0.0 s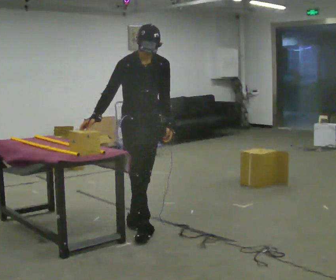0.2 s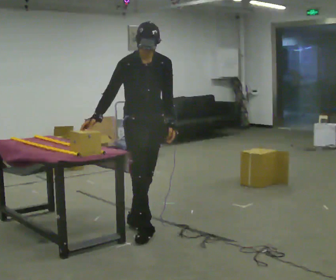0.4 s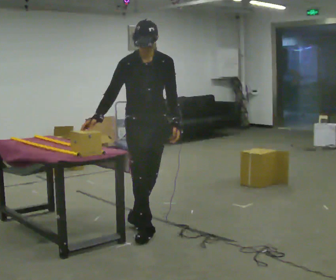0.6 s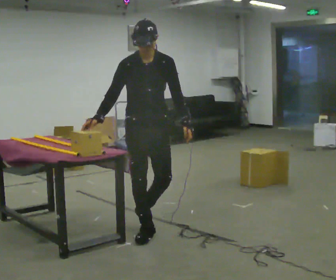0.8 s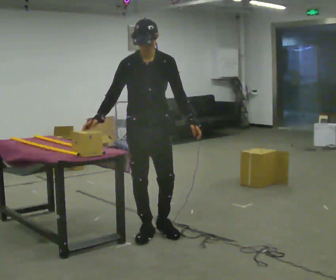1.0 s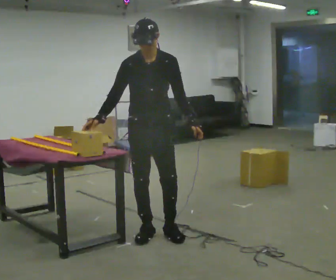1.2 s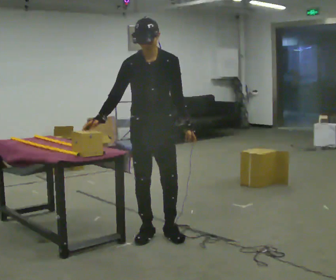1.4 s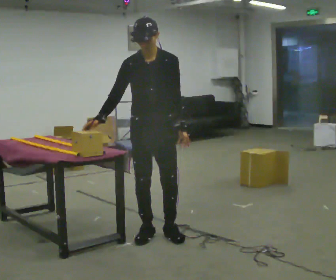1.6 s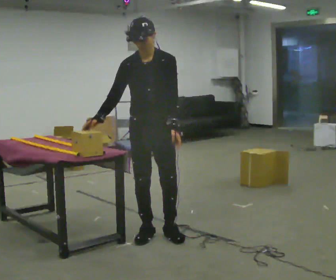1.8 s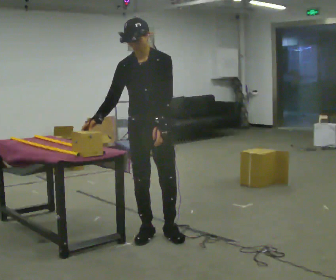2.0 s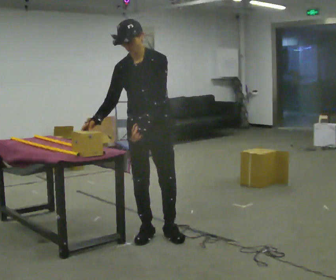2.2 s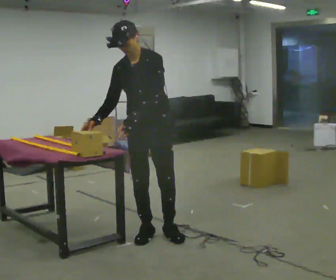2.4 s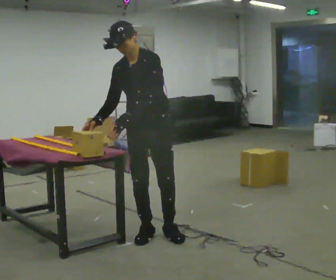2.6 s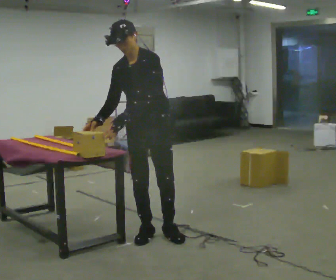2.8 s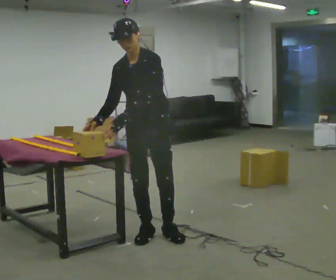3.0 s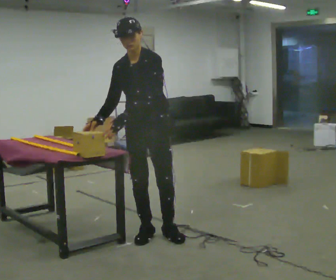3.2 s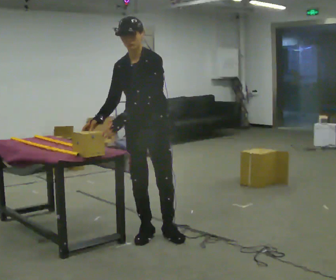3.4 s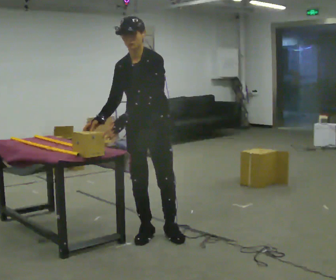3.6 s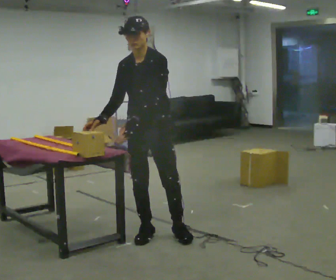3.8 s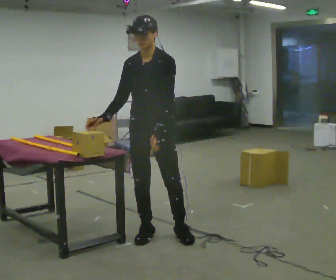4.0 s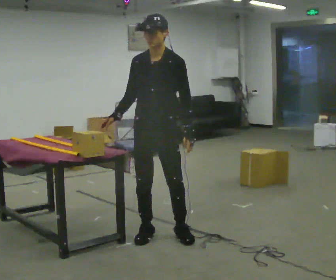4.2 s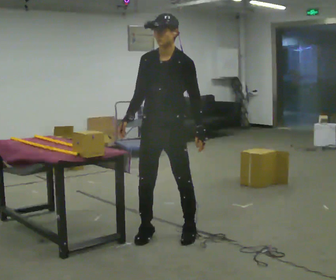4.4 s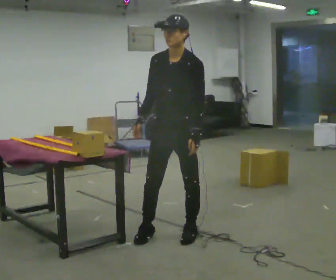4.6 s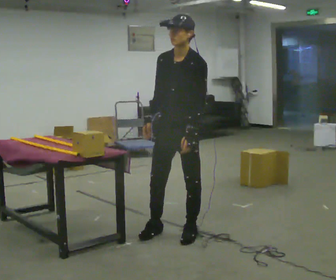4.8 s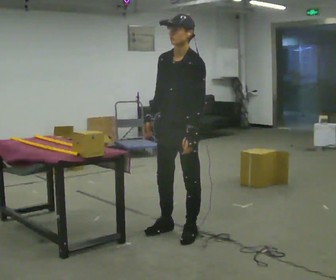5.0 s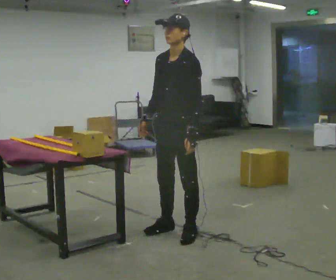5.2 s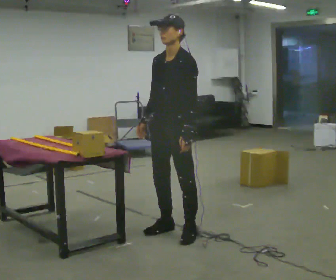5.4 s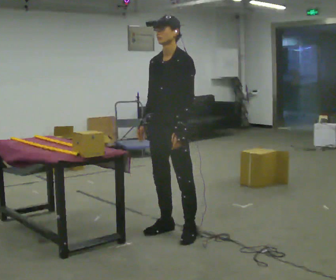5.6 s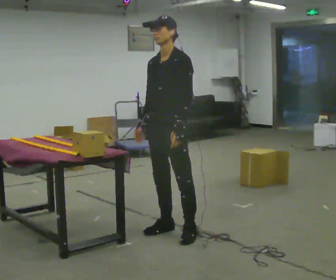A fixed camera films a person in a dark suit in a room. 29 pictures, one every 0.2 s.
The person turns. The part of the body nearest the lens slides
to the left.
The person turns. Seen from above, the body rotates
clockwise.
0.0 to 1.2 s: In the picture they go toward the camera, about 0.25 m in 1 step, which for them is forward.
1.2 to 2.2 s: In the picture their left hand goes to the left.
2.2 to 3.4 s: The person moves a little, or ends about where they began.
3.4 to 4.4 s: In the picture they go to the right, about 0.25 m, which for them is to their left. In the picture their left hand goes to the right.
4.4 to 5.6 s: The person moves a little, or ends about where they began.
The film runs forward here.
